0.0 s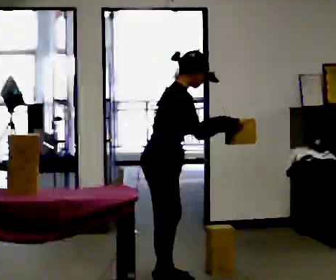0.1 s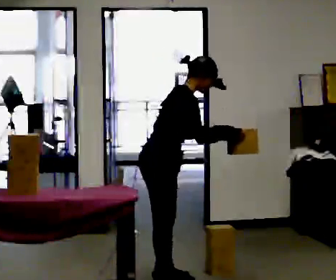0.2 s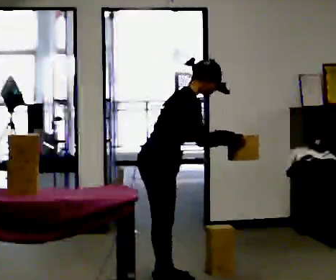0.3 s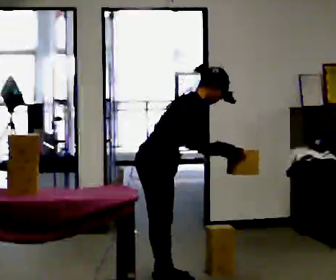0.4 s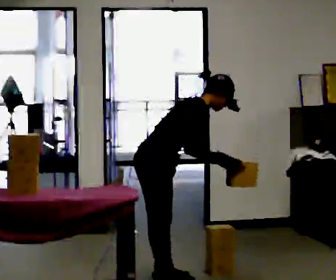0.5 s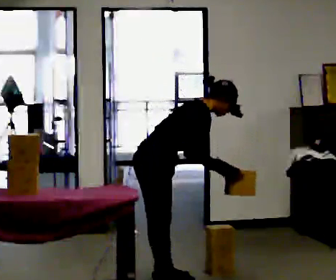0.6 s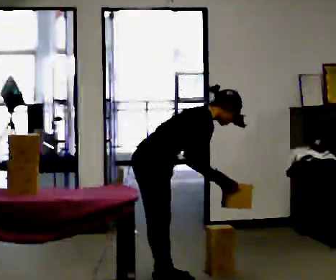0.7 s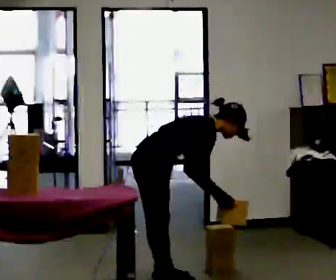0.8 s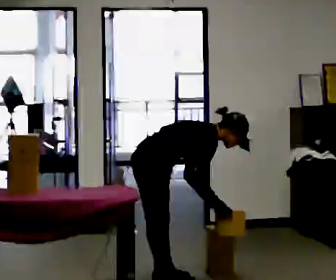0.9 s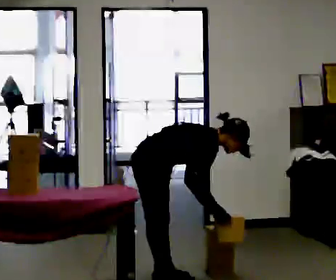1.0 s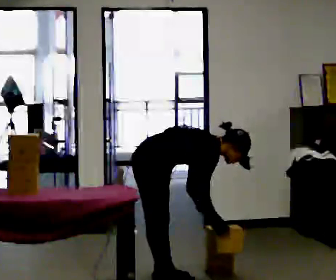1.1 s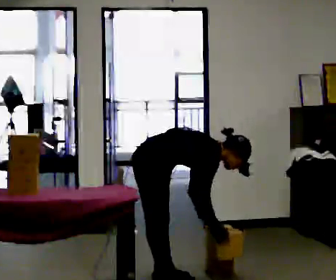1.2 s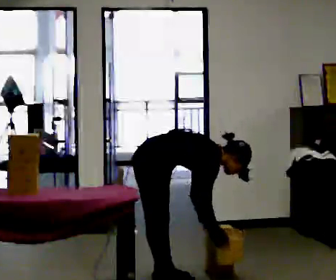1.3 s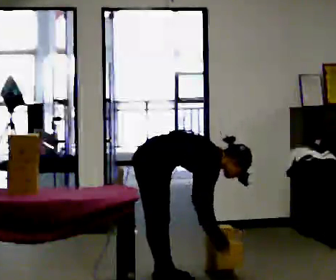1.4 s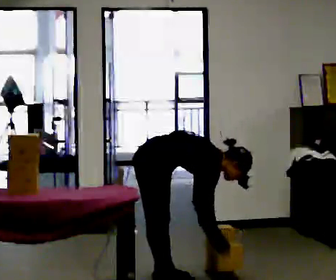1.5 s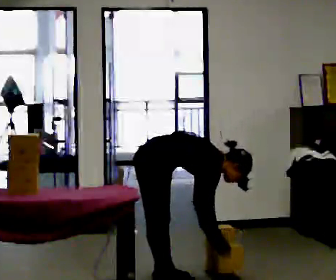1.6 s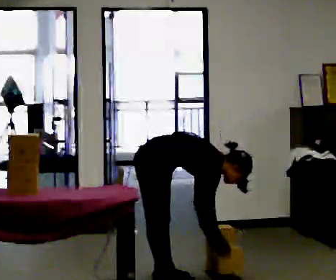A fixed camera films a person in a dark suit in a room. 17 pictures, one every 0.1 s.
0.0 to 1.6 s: The upper body goes downward. In the picture the upper body tilts clockwise, shoulders to the right, as they bend forward. In the picture their left hand goes downward, the arm swinging clockwise.
The film runs forward here.
